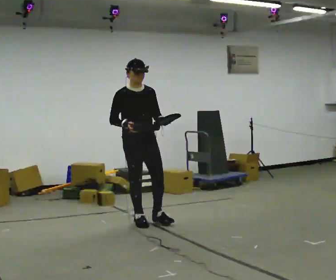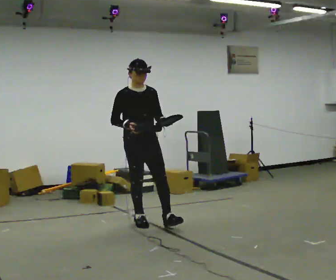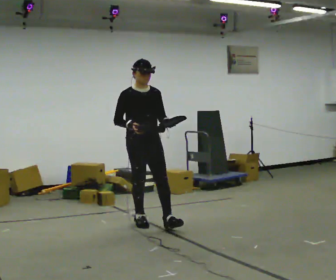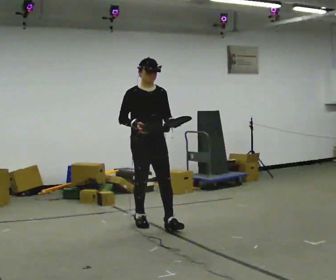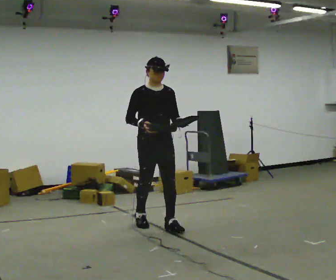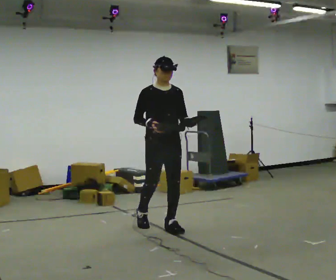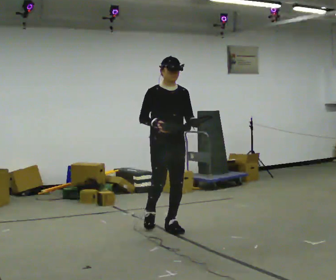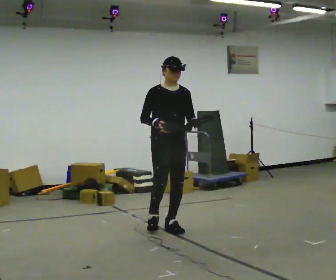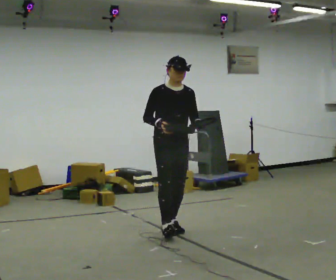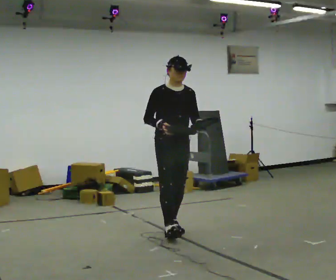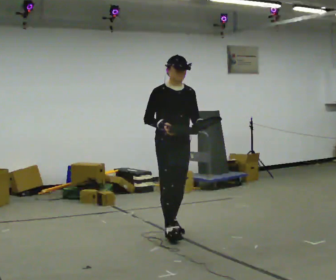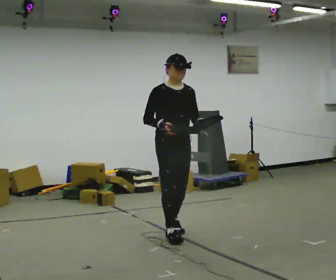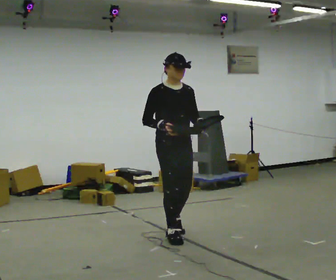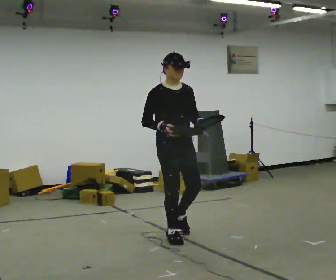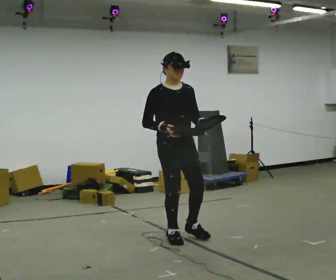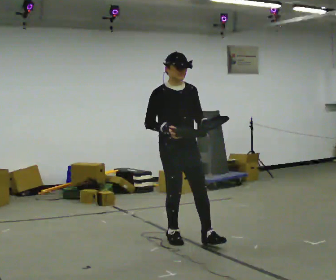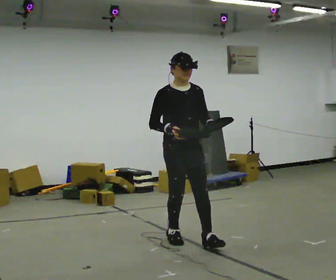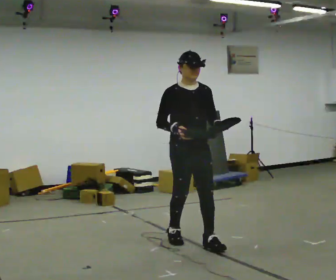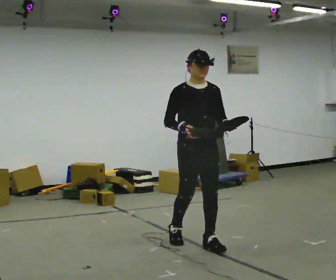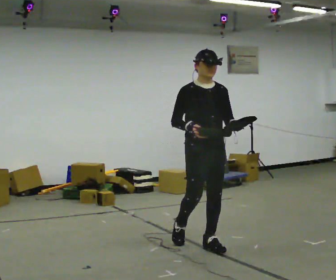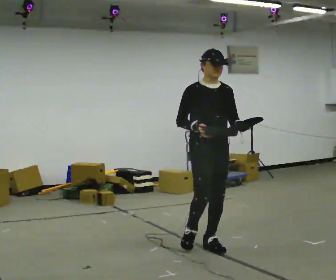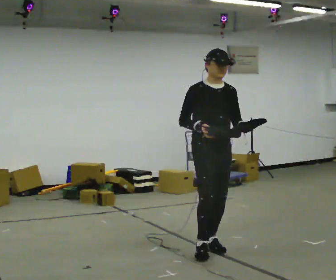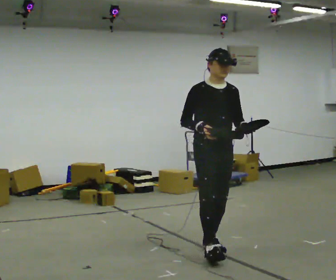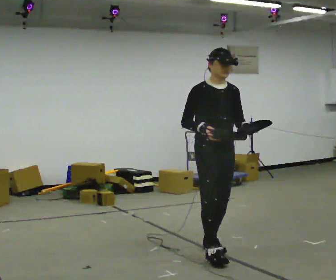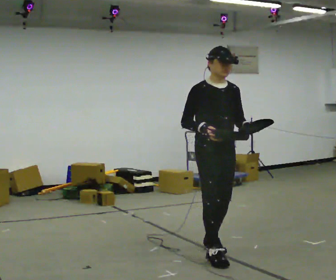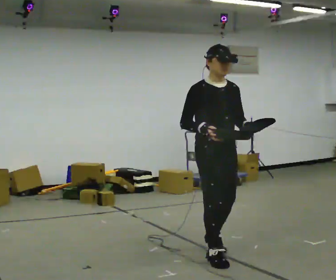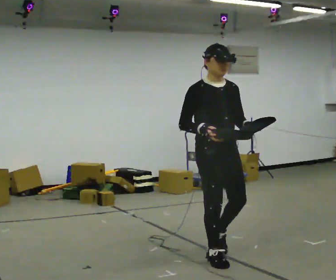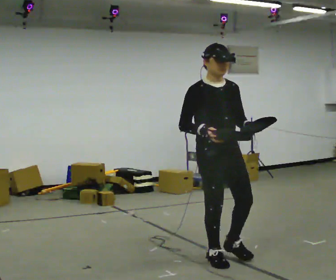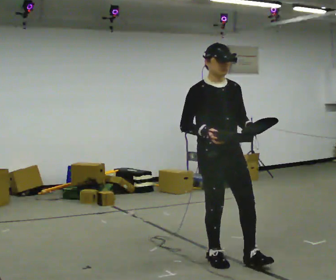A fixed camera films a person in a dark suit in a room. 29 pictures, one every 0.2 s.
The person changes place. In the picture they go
toward the camera.
0.0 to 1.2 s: In the picture they go to the right and toward the camera, about 0.5 m in 1 step, which for them is forward and to their left.
1.2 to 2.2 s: In the picture they go toward the camera, about 0.25 m in 1 step, which for them is forward.
2.2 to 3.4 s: In the picture they go toward the camera and to the right, about 0.25 m in 1 step, which for them is forward.
3.4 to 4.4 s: In the picture they go toward the camera and to the right, about 0.25 m, which for them is forward.
4.4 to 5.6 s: In the picture they go toward the camera, about 0.25 m in 1 step, which for them is forward and to their right.
The film runs forward here.
